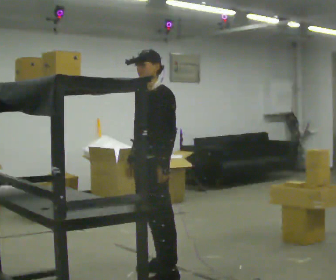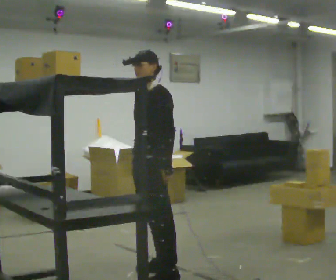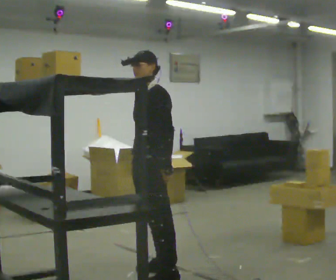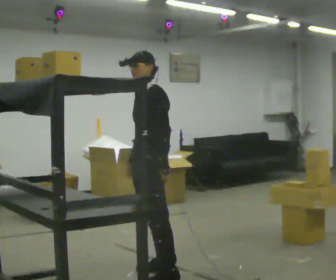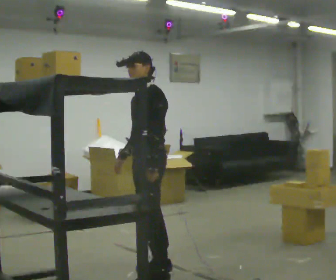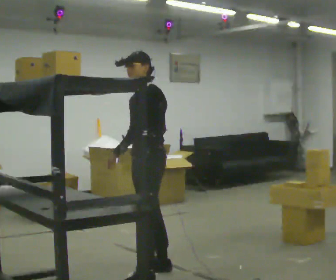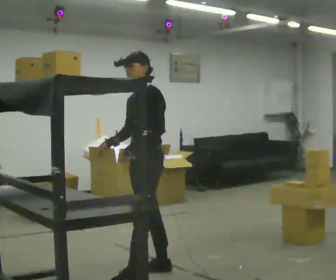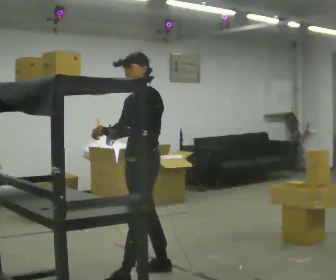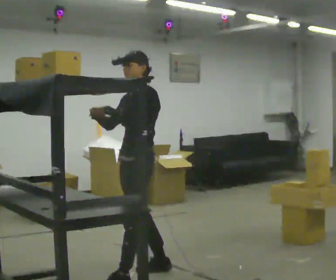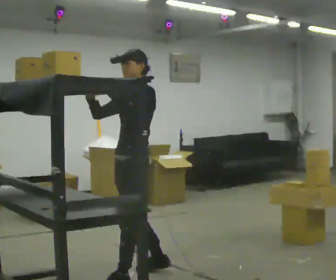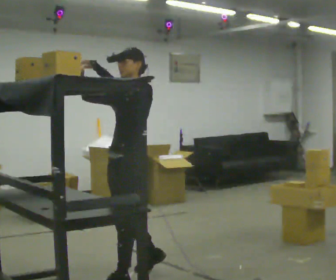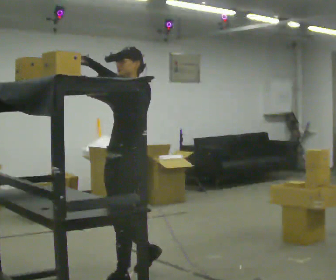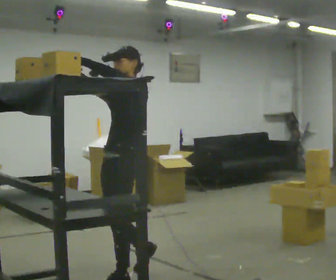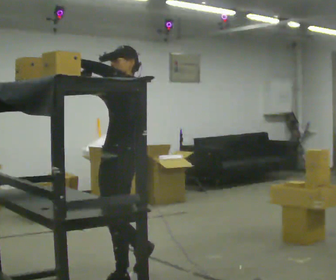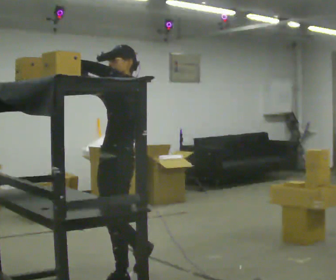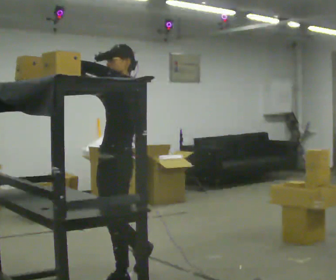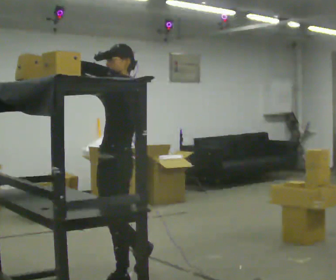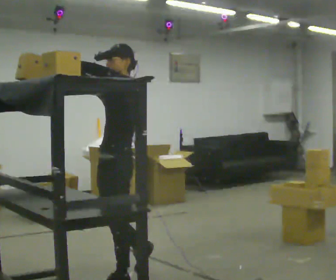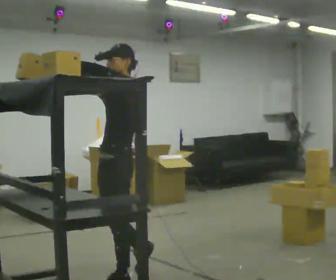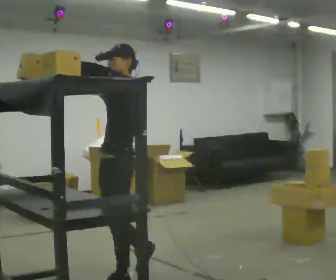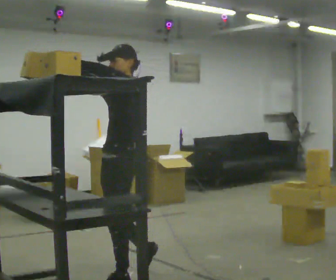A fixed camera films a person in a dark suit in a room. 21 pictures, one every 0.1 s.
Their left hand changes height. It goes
upward.
Their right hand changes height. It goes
upward.
0.0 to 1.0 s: In the picture they go to the left, about 0.25 m in 1 step, which for them is forward. In the picture their right hand goes upward and to the left, the arm swinging clockwise.
1.0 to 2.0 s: The person moves a little, or ends about where they began.
The film runs backward here.
